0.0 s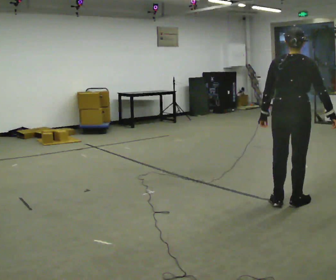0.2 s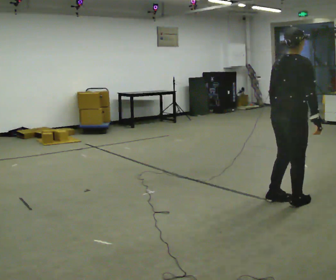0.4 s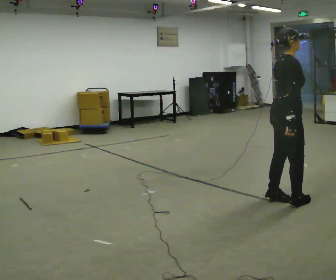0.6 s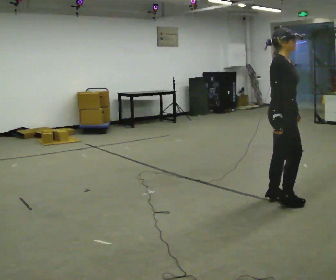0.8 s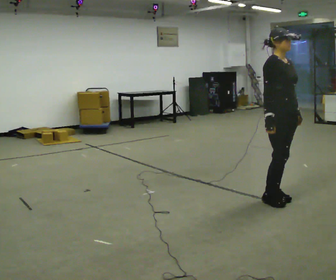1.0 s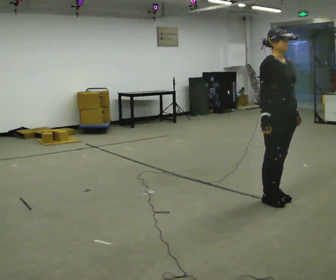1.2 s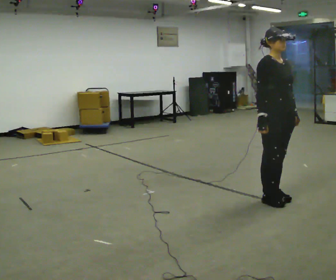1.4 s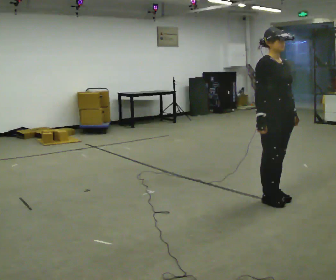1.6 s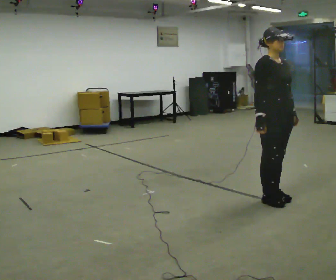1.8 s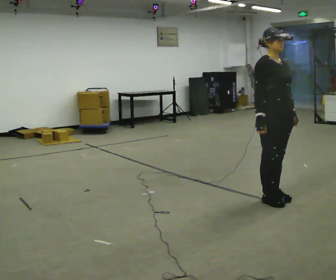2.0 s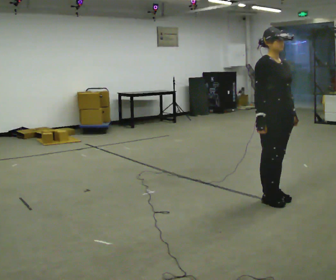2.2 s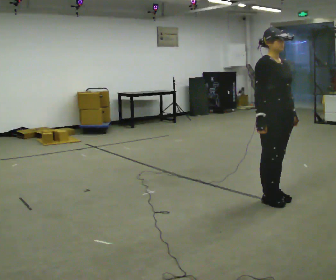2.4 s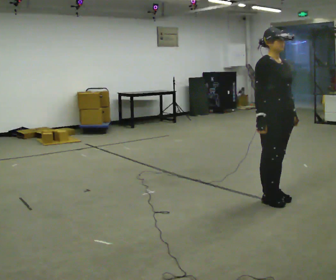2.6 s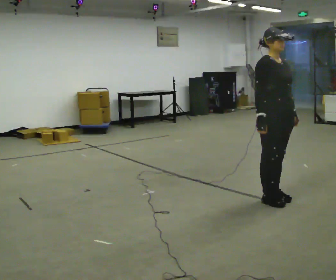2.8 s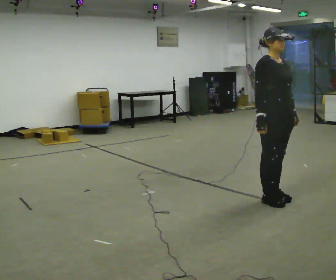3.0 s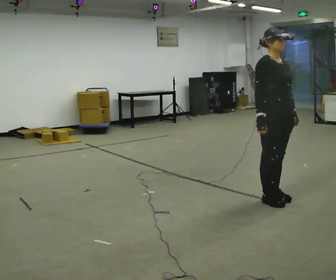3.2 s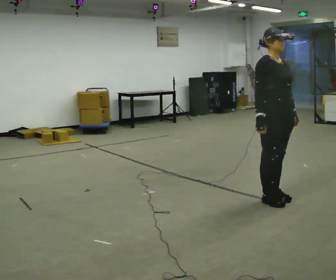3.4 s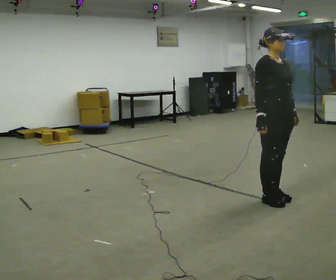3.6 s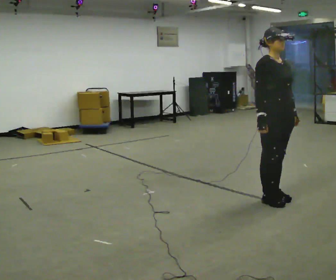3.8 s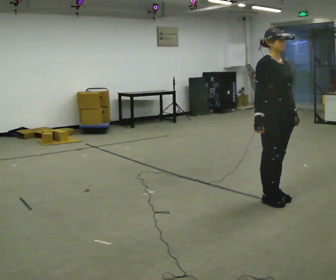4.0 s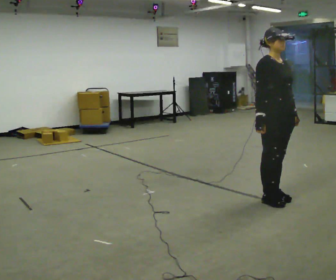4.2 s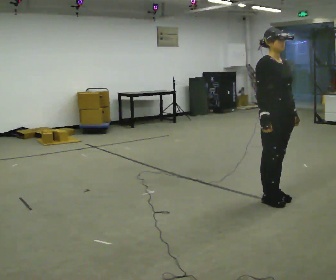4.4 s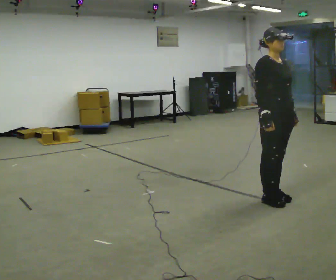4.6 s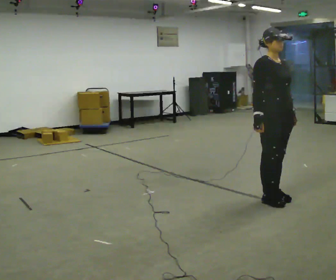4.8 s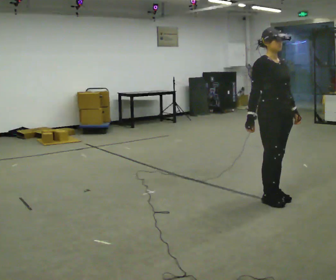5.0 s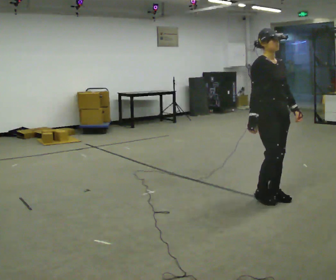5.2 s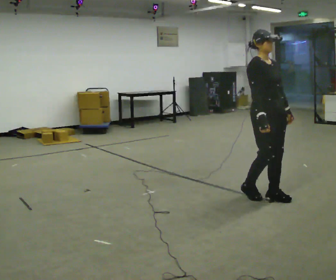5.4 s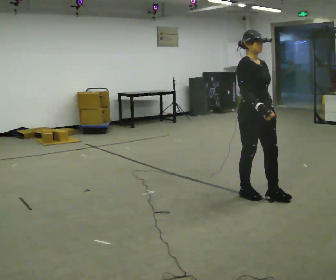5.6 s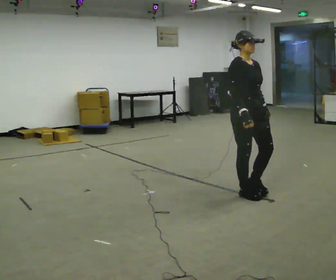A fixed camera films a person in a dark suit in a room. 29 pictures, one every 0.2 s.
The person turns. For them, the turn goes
to their right.
The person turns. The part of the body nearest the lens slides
to the left.
0.0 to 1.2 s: The person turns about 120 degrees to their right, clockwise seen from above, so the part of the body nearest the lens slides to the left. In the picture they go away from the camera, about 0.25 m in 1 step. In the picture their right hand goes to the left, the arm swinging clockwise.
1.2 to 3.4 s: The person keeps their place and pose.
3.4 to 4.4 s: The person moves a little, or ends about where they began.
4.4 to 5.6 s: In the picture they go to the left, about 0.25 m in 2 steps, which for them is backward.
The film runs backward here.
